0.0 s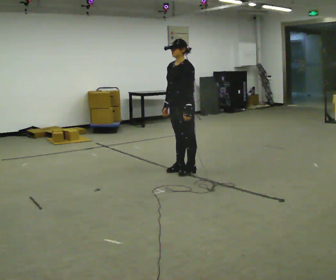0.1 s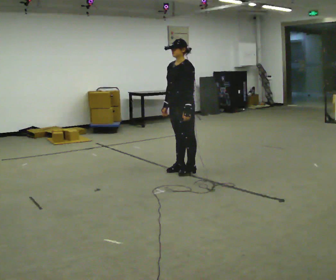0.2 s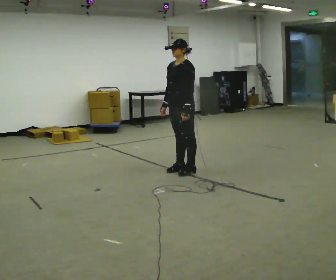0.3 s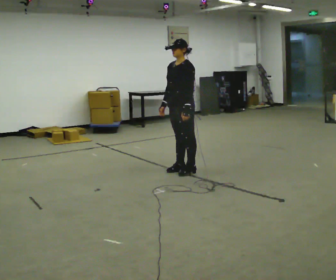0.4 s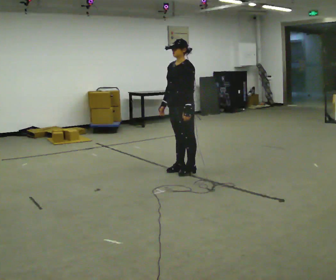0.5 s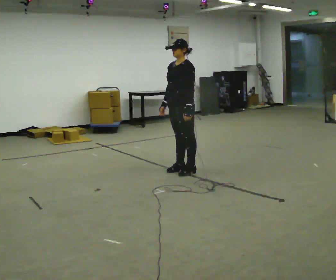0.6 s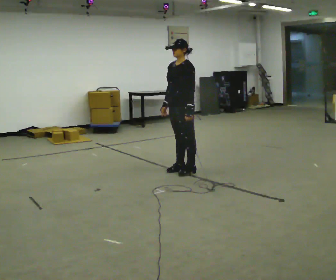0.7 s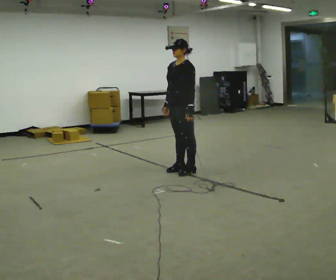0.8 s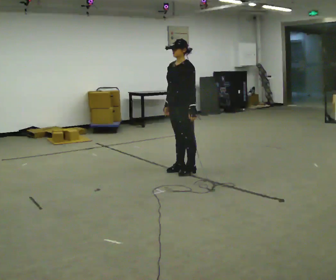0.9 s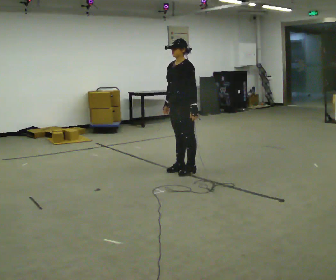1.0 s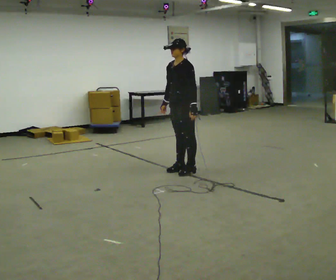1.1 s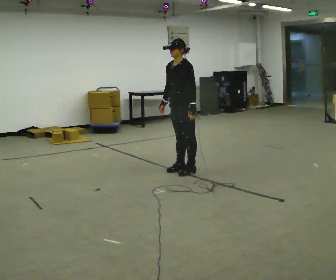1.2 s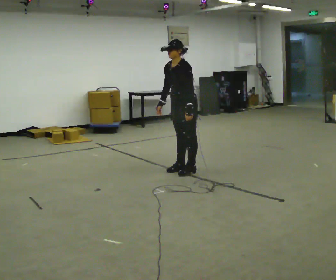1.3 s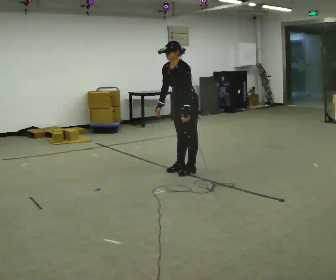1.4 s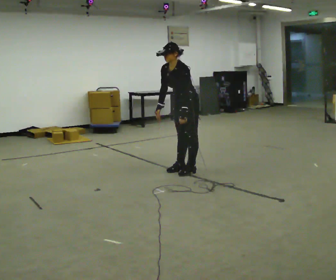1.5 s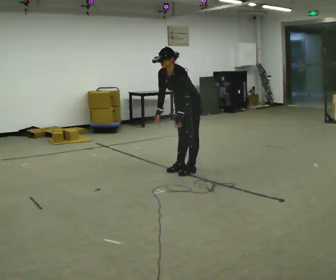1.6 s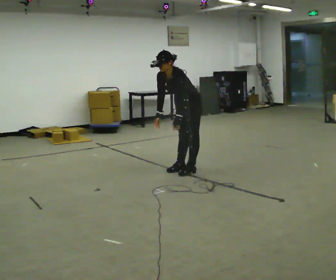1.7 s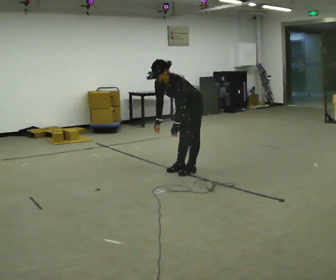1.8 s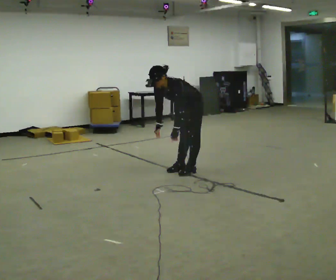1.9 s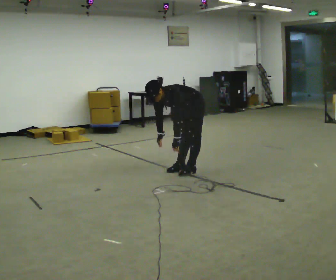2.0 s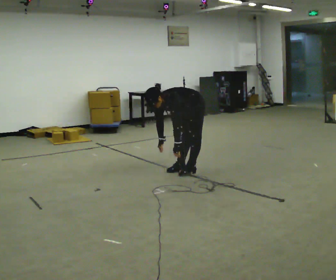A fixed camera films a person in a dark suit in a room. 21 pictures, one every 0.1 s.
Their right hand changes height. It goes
downward.
Their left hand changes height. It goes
downward.
0.0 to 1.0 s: The person moves a little, or ends about where they began.
1.0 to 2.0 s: The shoulders move downward. In the picture the upper body tilts counterclockwise, shoulders to the left, as they bend forward. In the picture their left hand goes downward.
The film runs backward here.
